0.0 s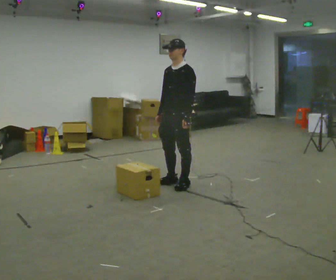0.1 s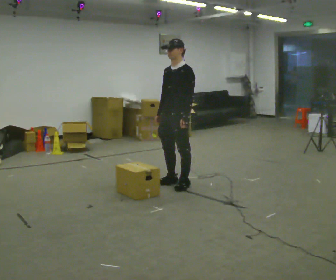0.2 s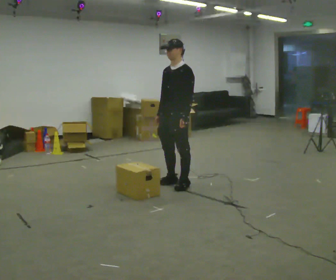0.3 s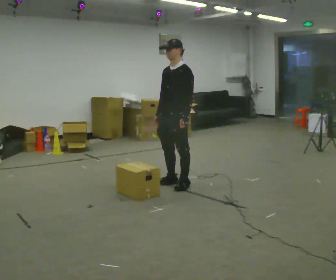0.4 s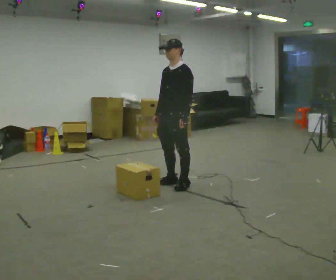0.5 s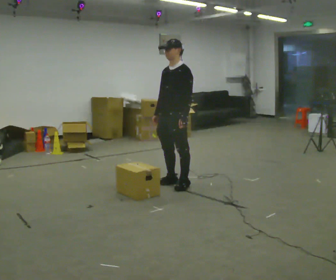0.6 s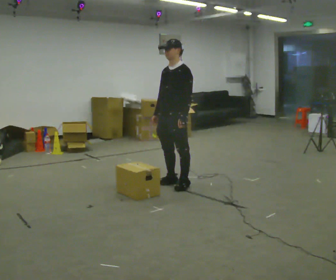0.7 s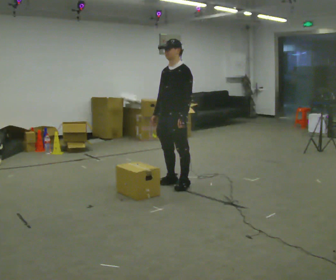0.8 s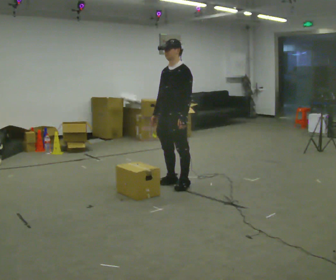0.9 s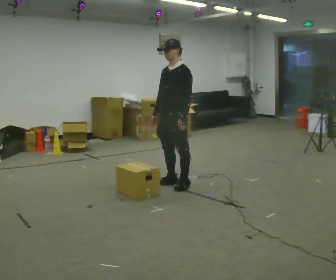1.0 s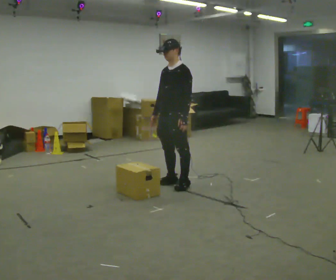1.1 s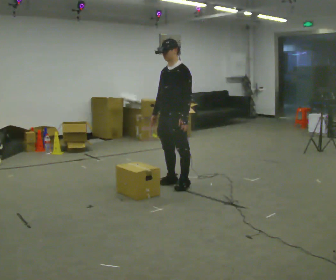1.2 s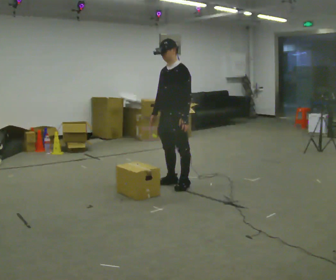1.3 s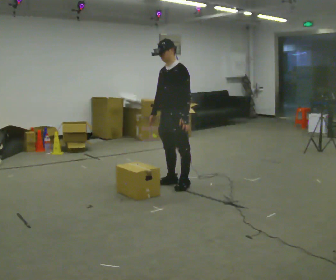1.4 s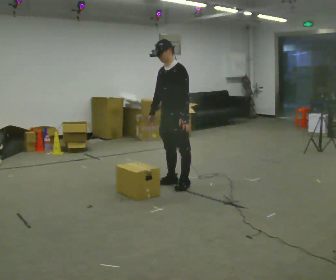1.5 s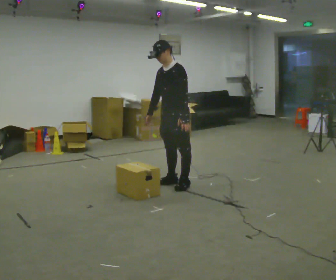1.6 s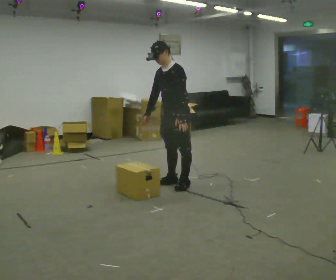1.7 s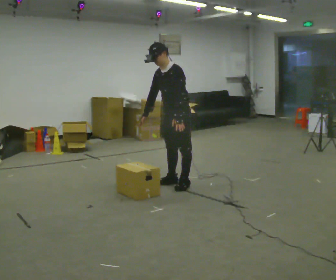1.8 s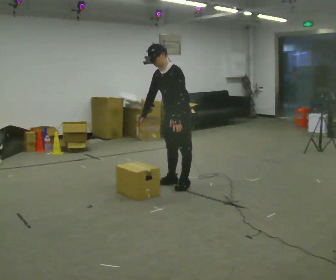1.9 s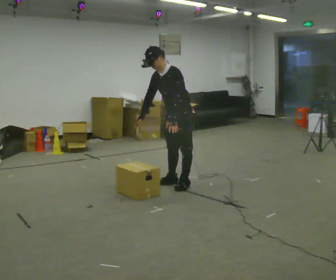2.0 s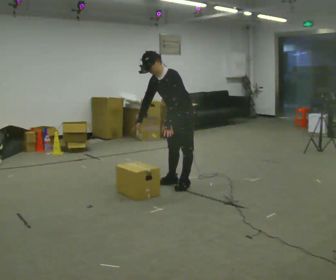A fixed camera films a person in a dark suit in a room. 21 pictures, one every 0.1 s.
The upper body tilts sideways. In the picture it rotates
counterclockwise.
0.0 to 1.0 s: The person moves a little, or ends about where they began.
1.0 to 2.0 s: In the picture the upper body tilts counterclockwise, shoulders to the left, as they bend forward.
The film runs forward here.
